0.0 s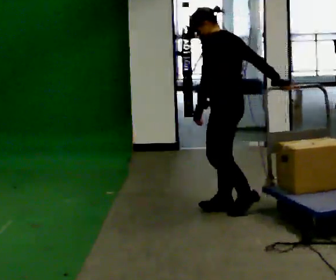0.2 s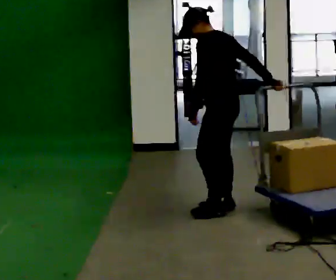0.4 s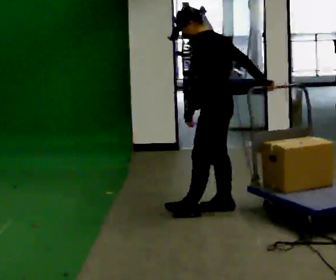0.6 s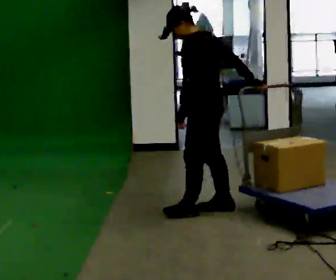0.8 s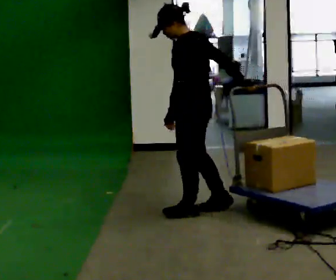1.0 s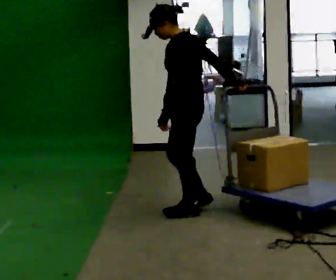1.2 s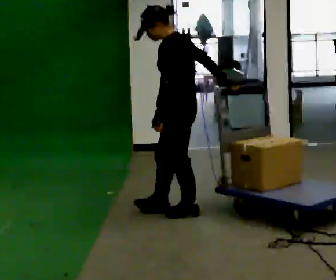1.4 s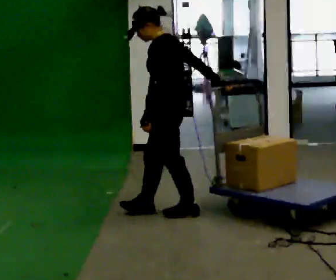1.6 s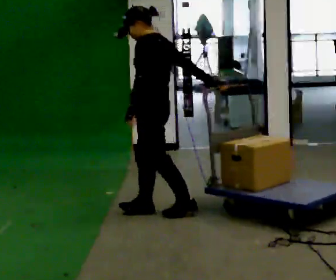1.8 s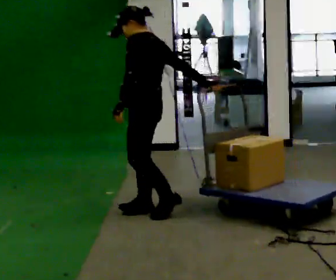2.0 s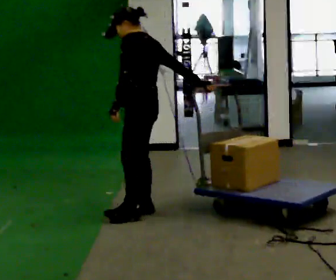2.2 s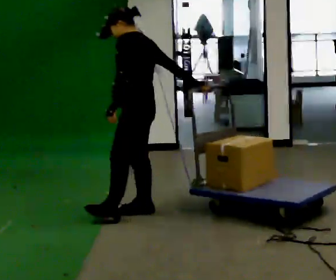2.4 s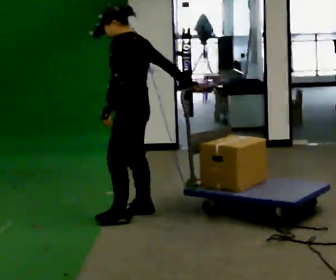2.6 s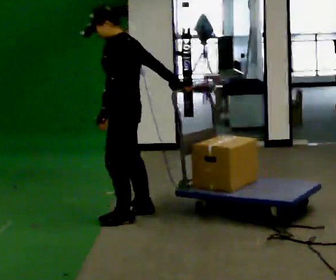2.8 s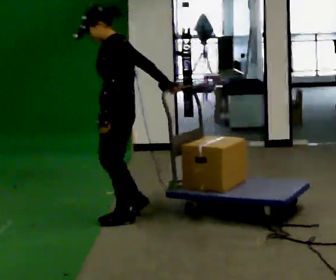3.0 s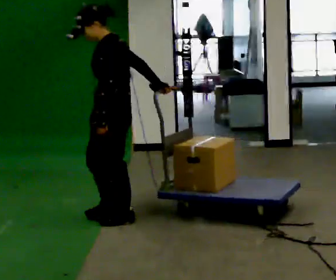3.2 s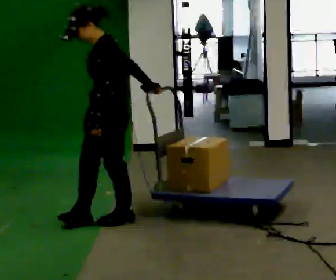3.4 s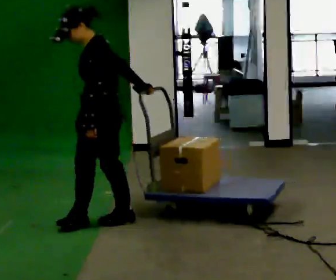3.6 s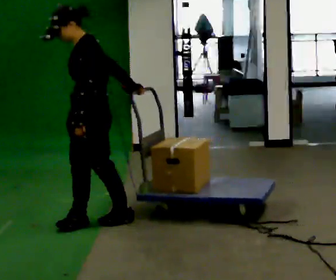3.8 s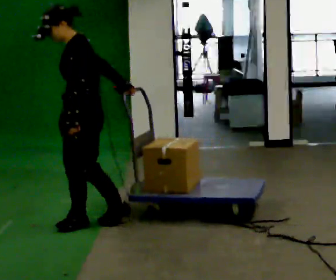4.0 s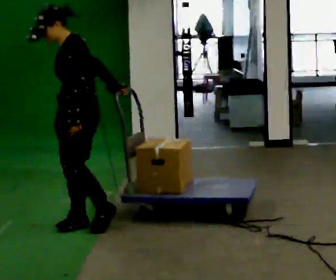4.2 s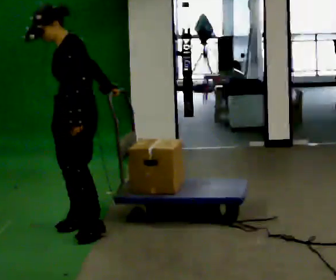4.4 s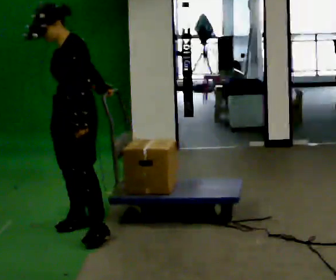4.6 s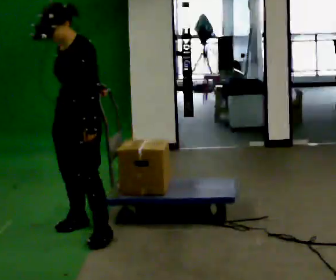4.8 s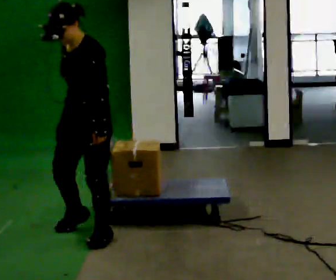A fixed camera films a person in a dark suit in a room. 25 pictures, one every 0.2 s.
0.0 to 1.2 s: In the picture they go to the left, about 0.25 m in 1 step, which for them is forward and to their left.
1.2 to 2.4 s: In the picture they go to the left, about 0.25 m in 2 steps, which for them is forward.
2.4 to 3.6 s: The part of the body nearest the lens slides to the right as the person turns to their left by about 30 degrees. In the picture they go to the left and toward the camera, about 0.25 m in 1 step, which for them is forward and to their left.
3.6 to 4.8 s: The part of the body nearest the lens slides to the right as the person turns to their left by about 30 degrees. In the picture they go toward the camera, about 0.25 m in 1 step, which for them is to their left and forward.
The film runs forward here.
